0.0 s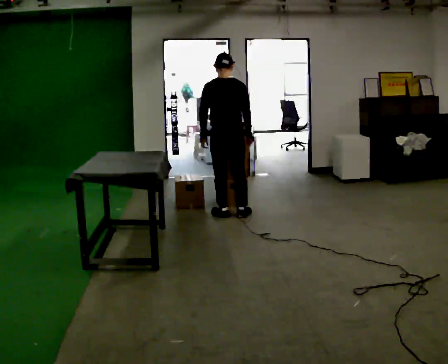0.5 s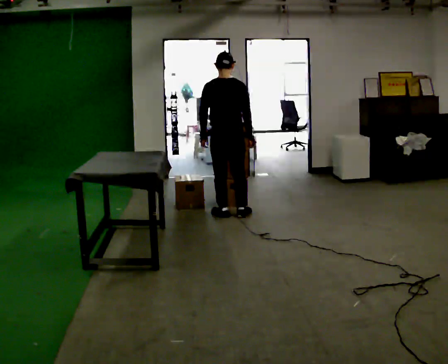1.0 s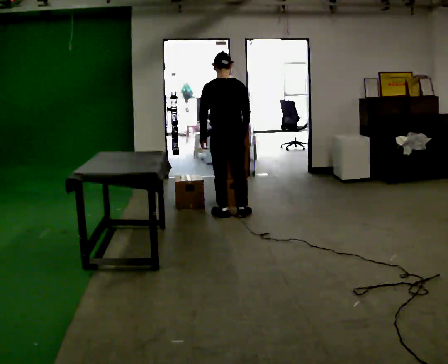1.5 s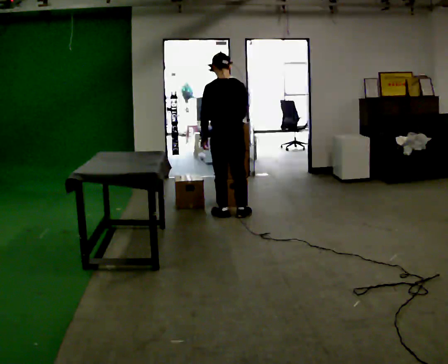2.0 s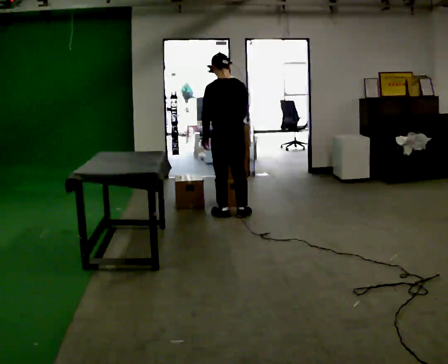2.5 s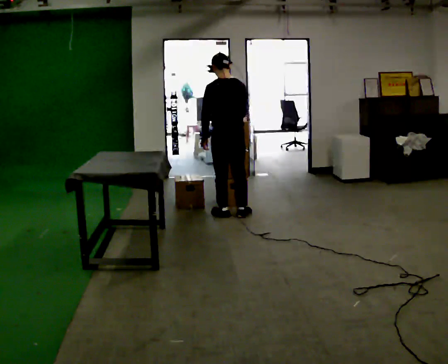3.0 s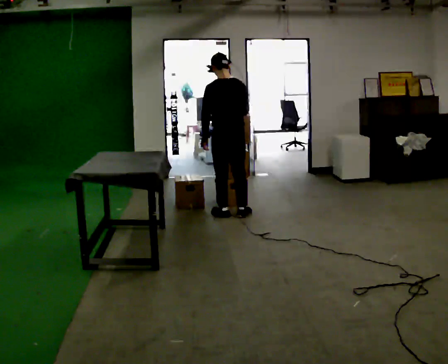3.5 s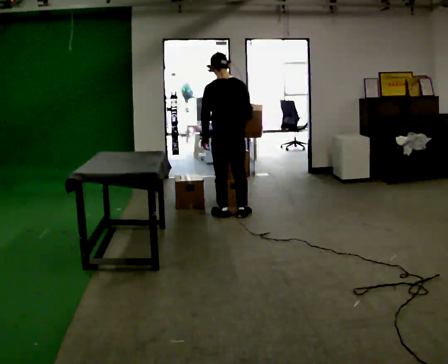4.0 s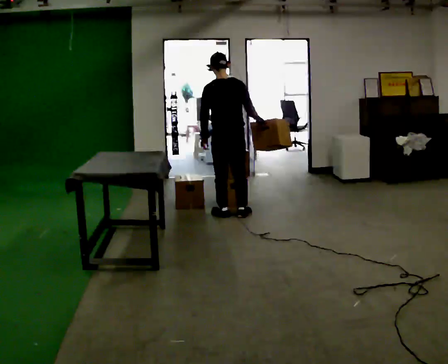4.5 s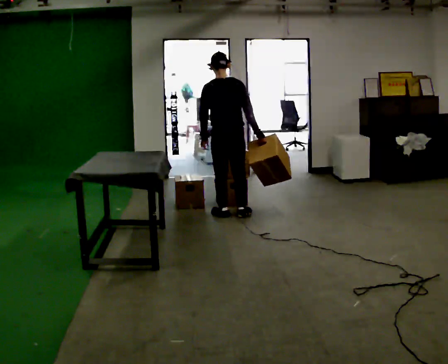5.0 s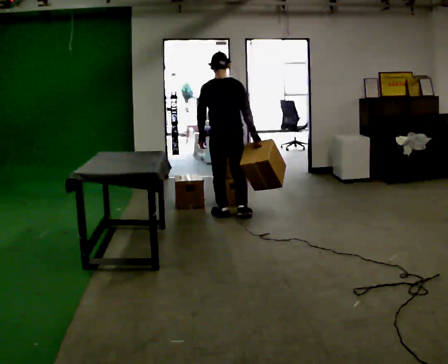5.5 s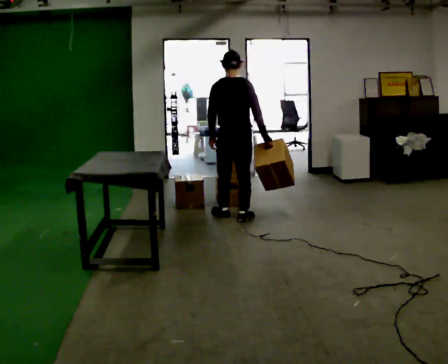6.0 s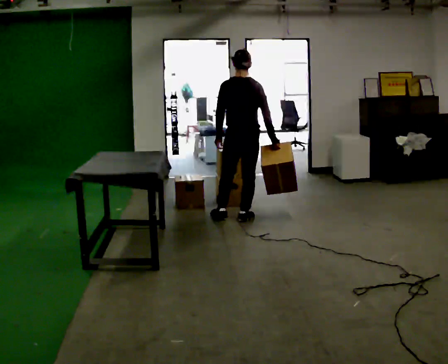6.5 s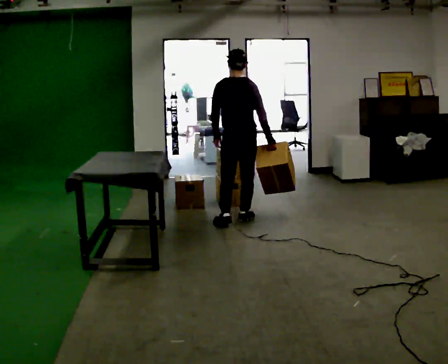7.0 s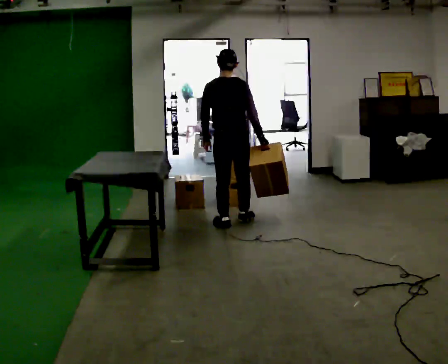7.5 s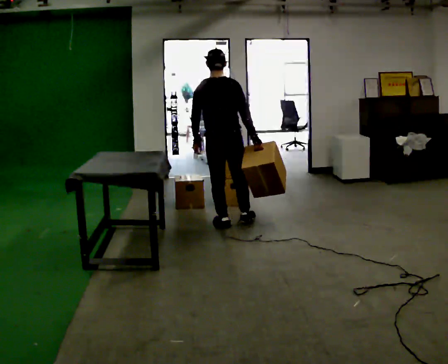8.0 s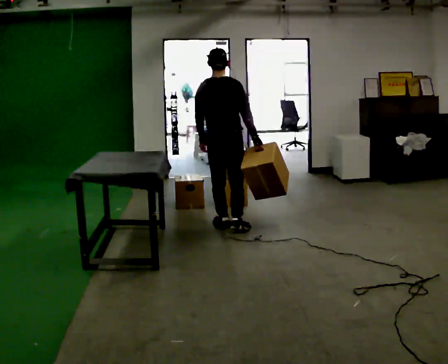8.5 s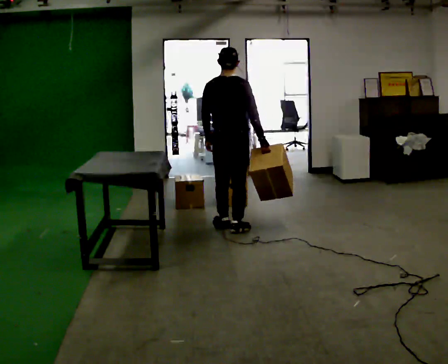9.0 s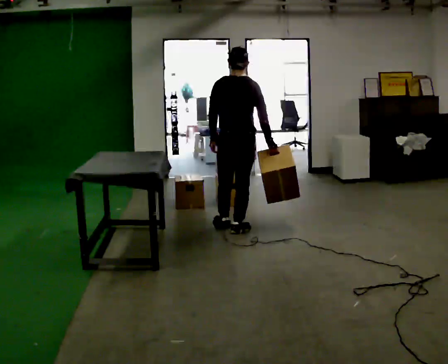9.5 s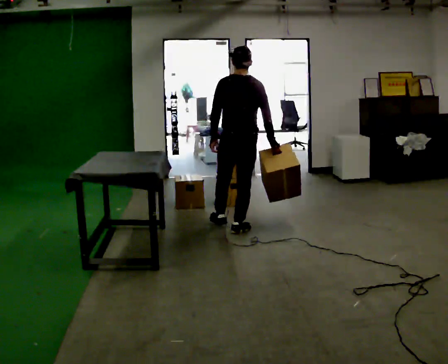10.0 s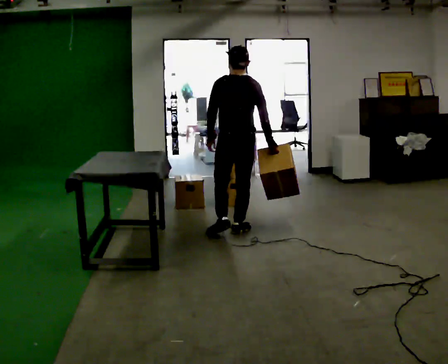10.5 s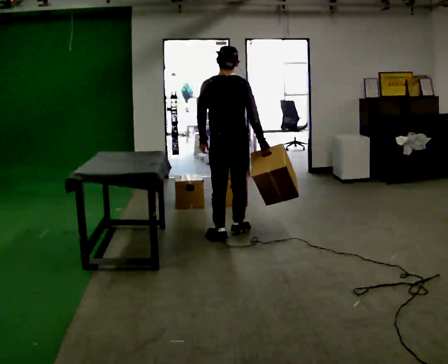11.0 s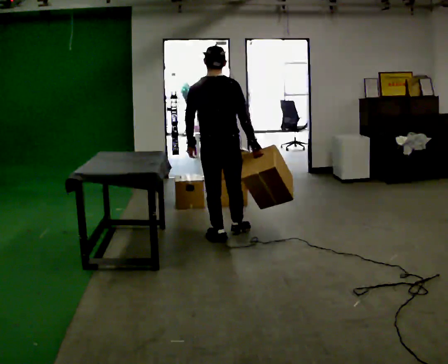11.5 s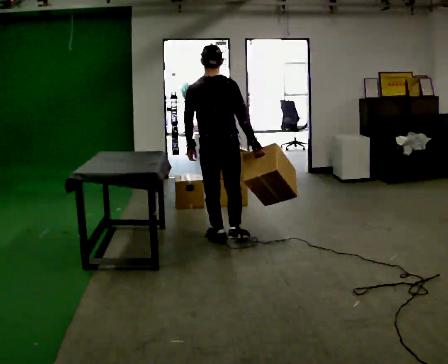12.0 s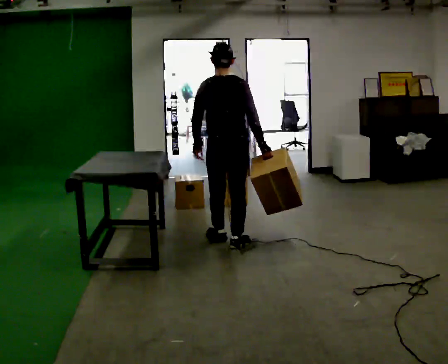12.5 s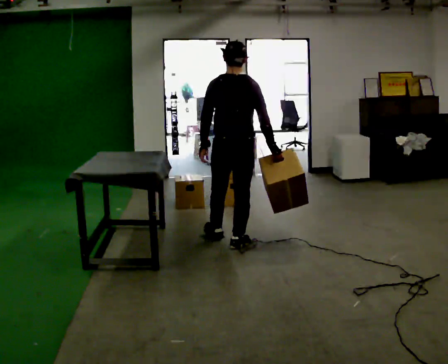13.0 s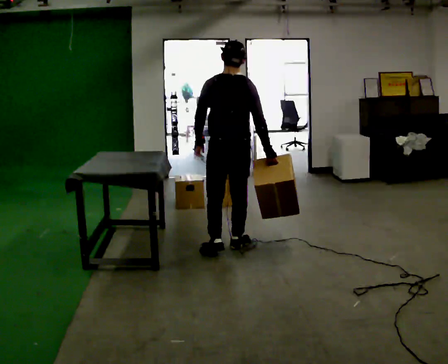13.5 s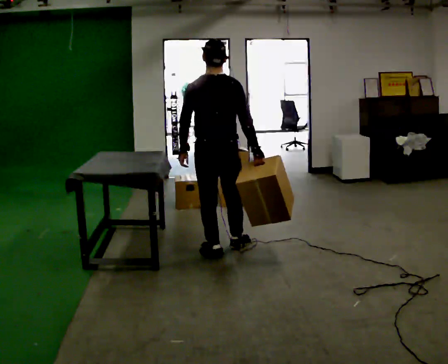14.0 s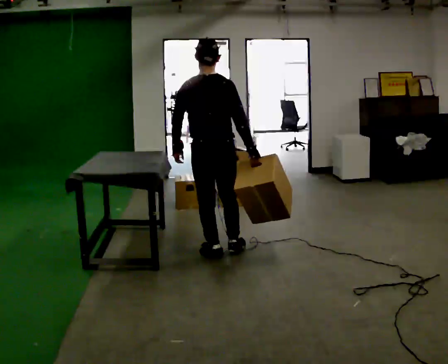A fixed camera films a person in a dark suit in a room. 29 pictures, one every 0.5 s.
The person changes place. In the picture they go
toward the camera.
0.0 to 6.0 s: In the picture they go to the right, about 0.25 m in 2 steps, which for them is backward.
6.0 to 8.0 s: In the picture they go toward the camera and to the left, about 0.25 m in 1 step, which for them is to their left and backward.
8.0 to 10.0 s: In the picture they go toward the camera, about 0.25 m in 1 step, which for them is backward.
10.0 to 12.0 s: In the picture they go toward the camera, about 0.25 m in 1 step, which for them is backward and to their left.
12.0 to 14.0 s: In the picture they go toward the camera, about 0.25 m in 2 steps, which for them is backward and to their left.
The film runs backward here.
